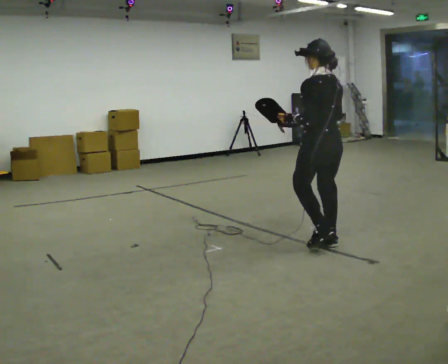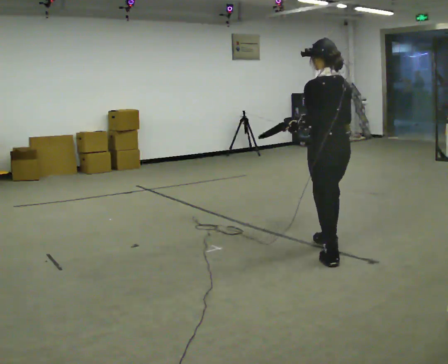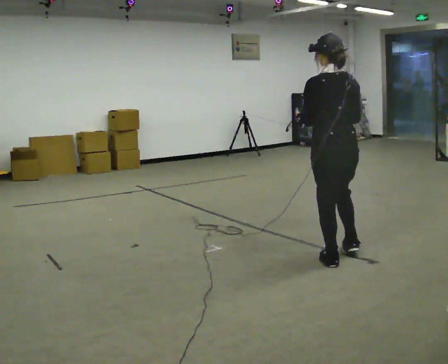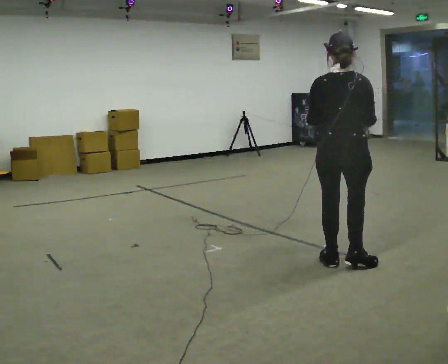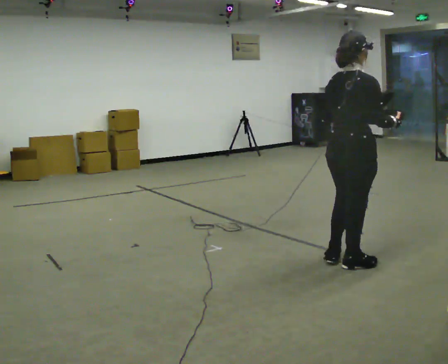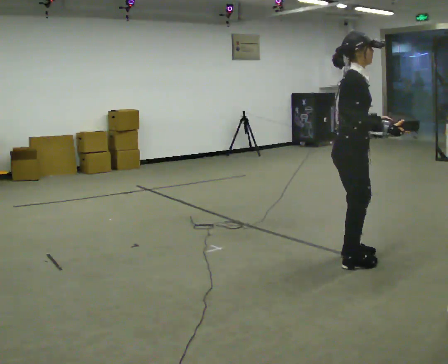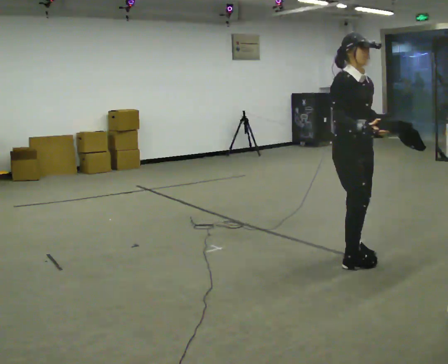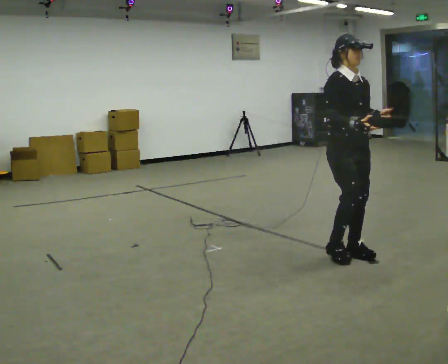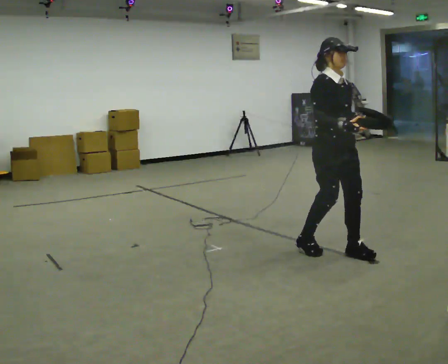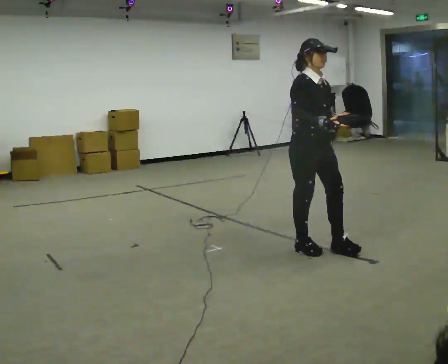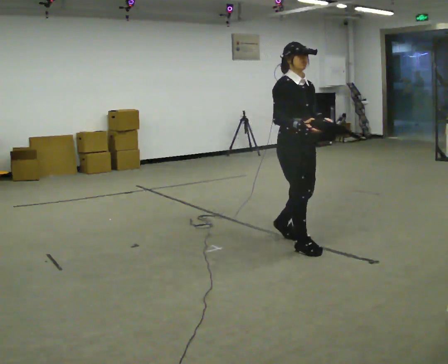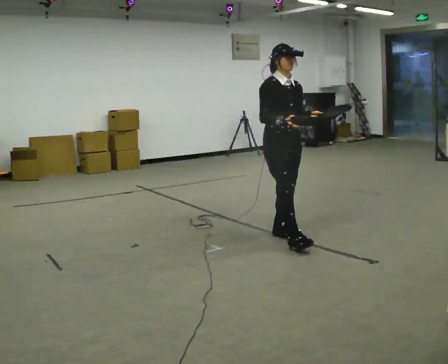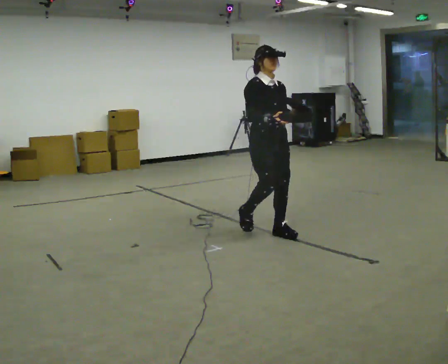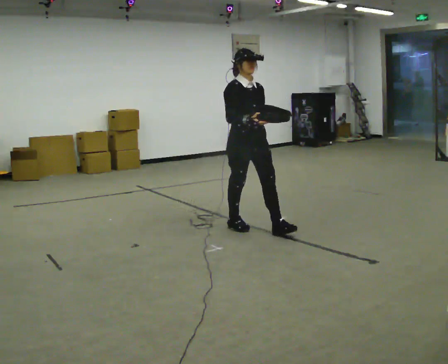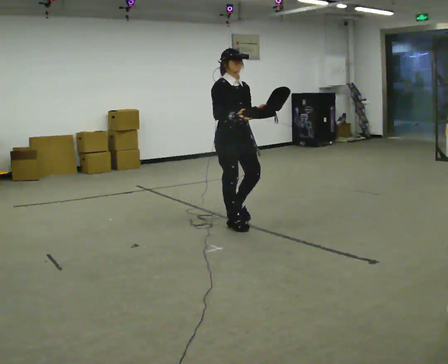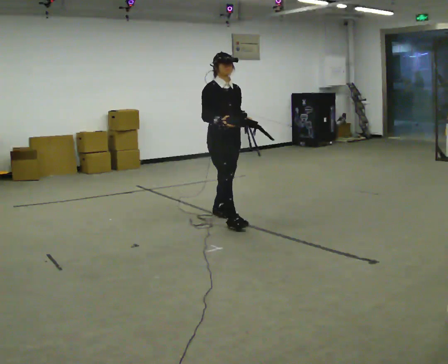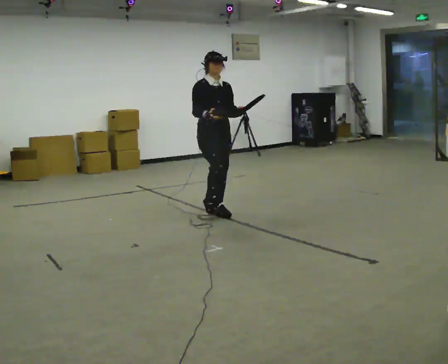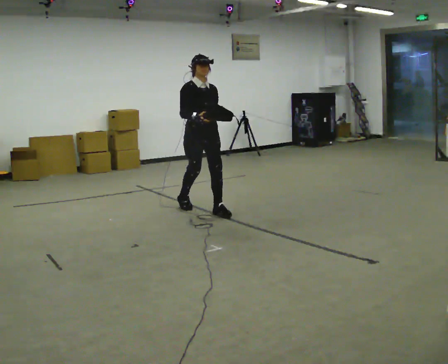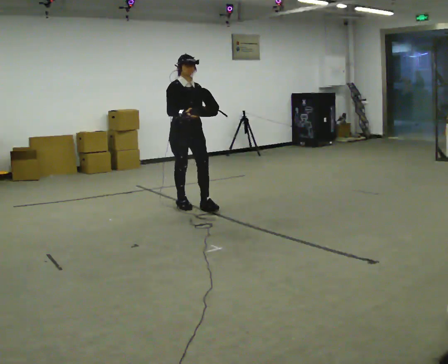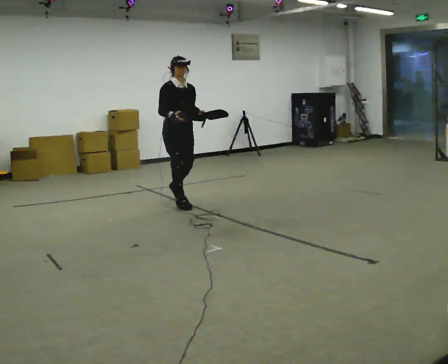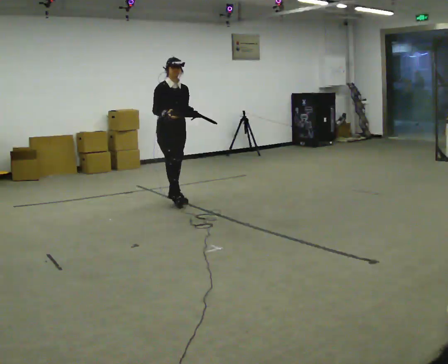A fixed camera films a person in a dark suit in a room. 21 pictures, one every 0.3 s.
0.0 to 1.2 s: The part of the body nearest the lens slides to the left as the person turns to their right by about 90 degrees. In the picture they go toward the camera, about 0.5 m in 1 step.
1.2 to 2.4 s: Seen from above the body turns clockwise, about 90 degrees: to their right, with its near side sliding to the left. In the picture they go away from the camera, about 0.25 m in 2 steps.
2.4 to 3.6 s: In the picture they go away from the camera and to the left, about 0.5 m in 2 steps, which for them is backward.
3.6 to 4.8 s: In the picture they go away from the camera and to the left, about 1 m in 2 steps, which for them is backward.
4.8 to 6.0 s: In the picture they go away from the camera and to the left, about 1 m in 2 steps, which for them is backward.
The film runs backward here.
